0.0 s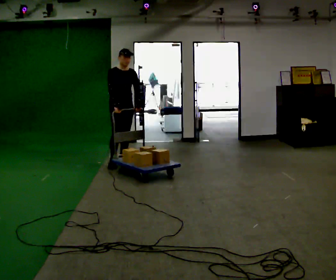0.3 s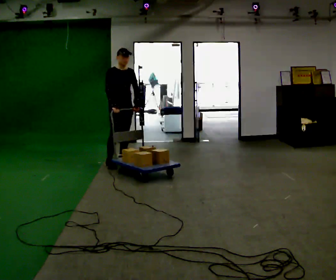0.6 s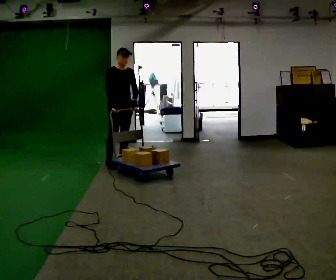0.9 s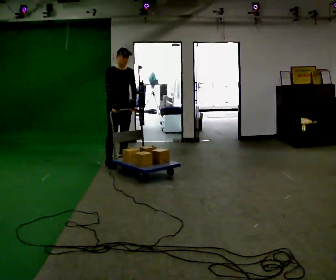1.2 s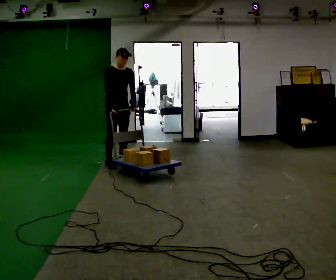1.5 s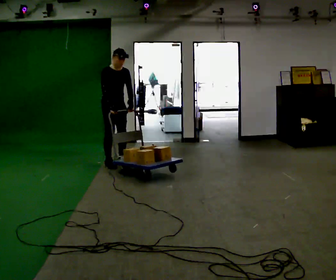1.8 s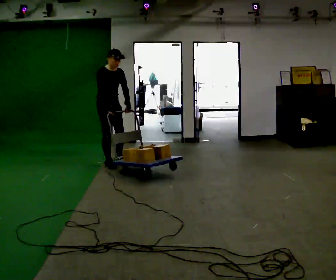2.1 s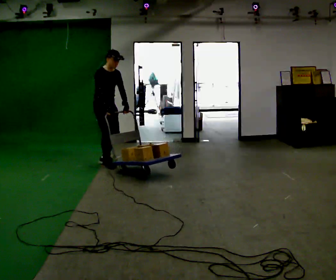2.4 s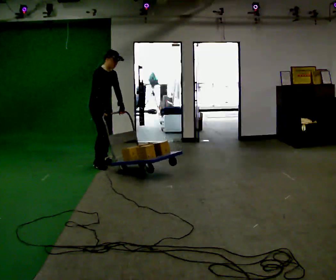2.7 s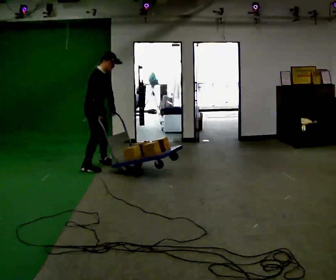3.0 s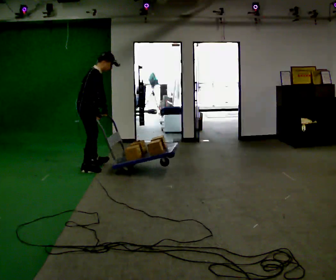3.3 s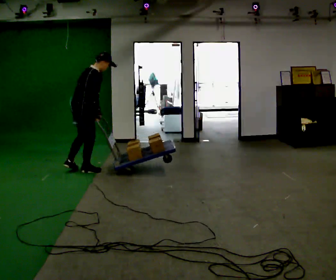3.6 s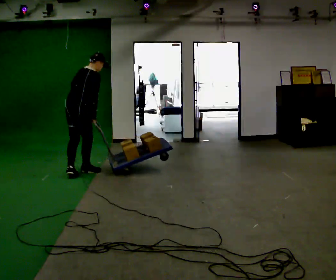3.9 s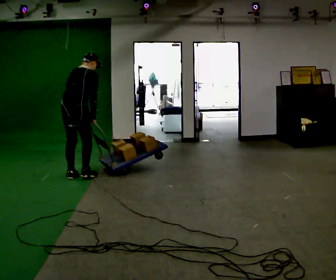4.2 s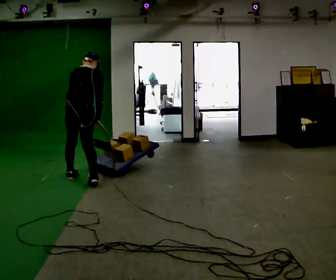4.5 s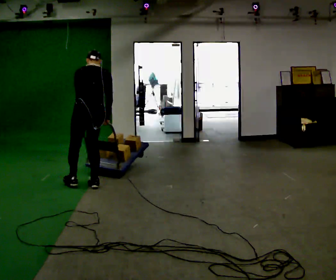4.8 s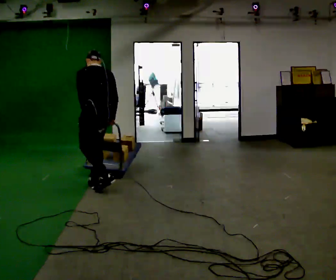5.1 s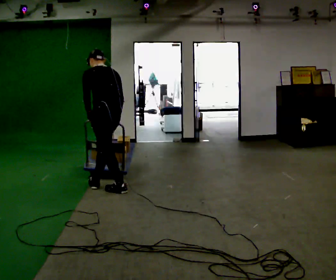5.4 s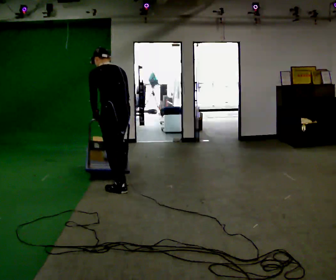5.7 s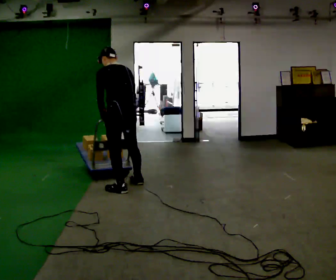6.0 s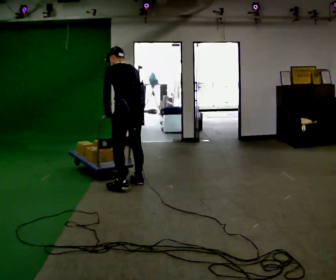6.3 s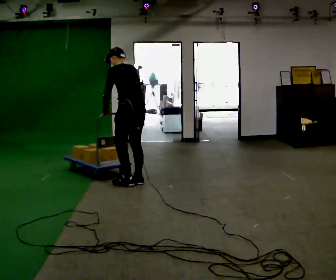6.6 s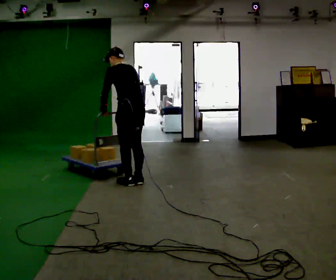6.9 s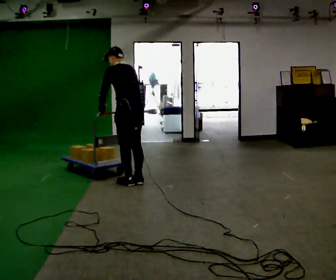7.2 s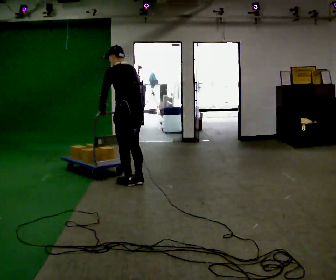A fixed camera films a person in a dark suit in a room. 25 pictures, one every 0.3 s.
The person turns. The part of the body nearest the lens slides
to the right.
The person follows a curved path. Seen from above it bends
counterclockwise.
0.0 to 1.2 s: The person moves a little, or ends about where they began.
1.2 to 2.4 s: Seen from above the body turns counterclockwise, about 30 degrees: to their left, with its near side sliding to the right. In the picture they go to the left, about 0.25 m in 2 steps, which for them is to their right.
2.4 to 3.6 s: The person turns about 75 degrees to their left, counterclockwise seen from above, so the part of the body nearest the lens slides to the right. In the picture they go toward the camera and to the left, about 0.75 m in 1 step.
3.6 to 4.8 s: Seen from above the body turns counterclockwise, about 75 degrees: to their left, with its near side sliding to the right. In the picture they go toward the camera and to the right, about 0.75 m in 2 steps. In the picture the upper body tilts counterclockwise, shoulders to the left.
4.8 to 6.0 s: In the picture they go to the right, about 0.5 m in 2 steps, which for them is to their right and backward.
6.0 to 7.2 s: The person moves a little, or ends about where they began.
The film runs backward here.
